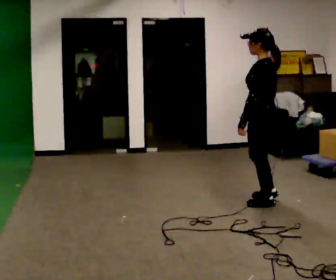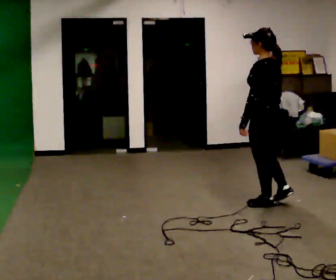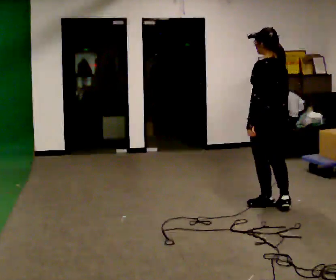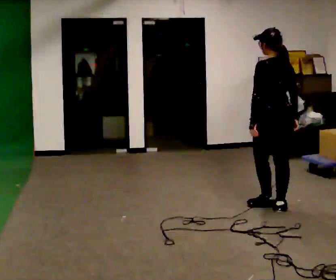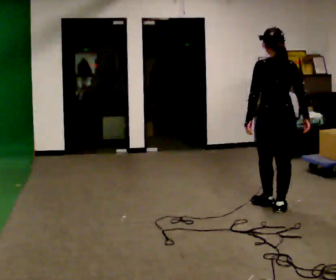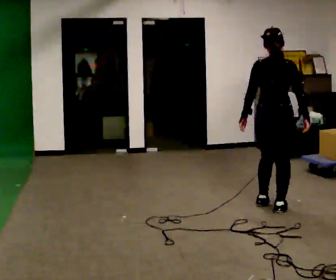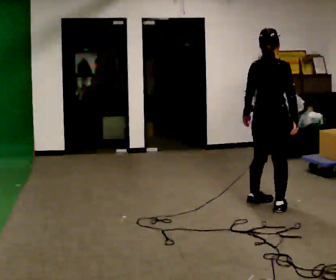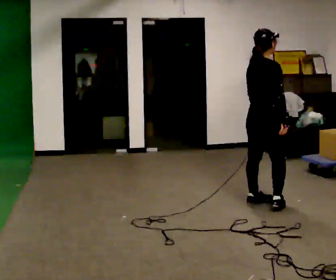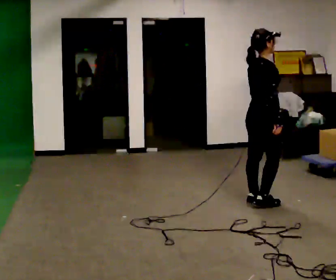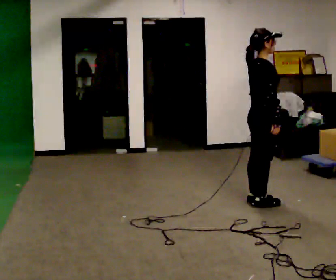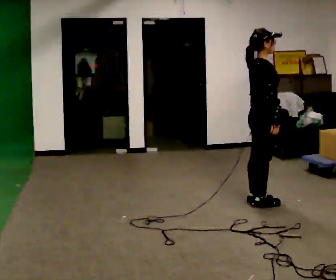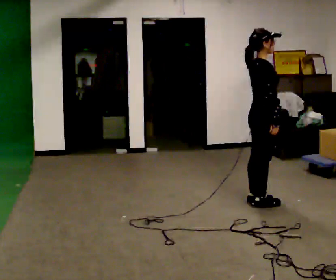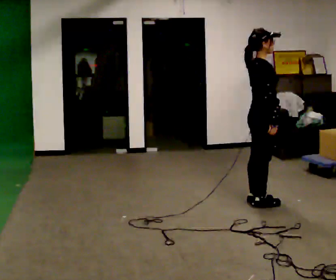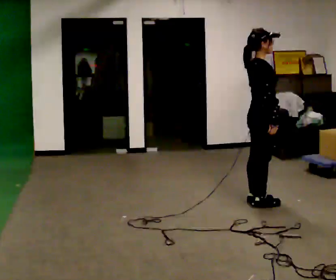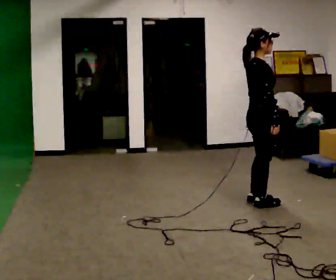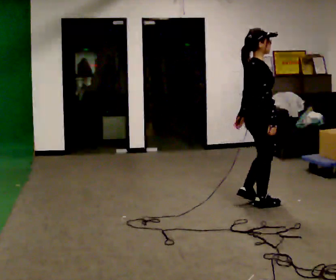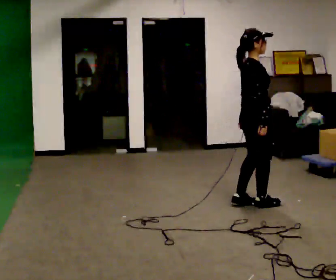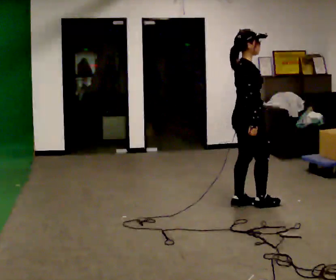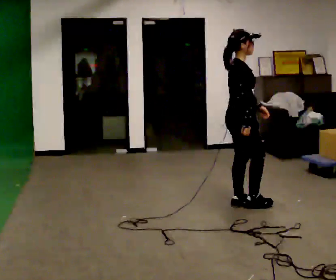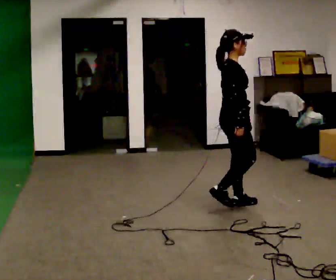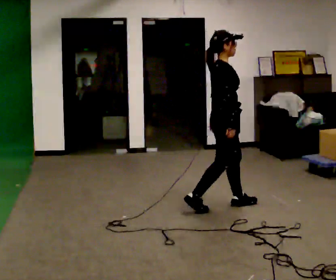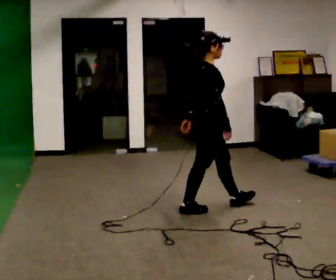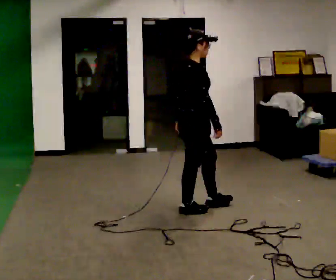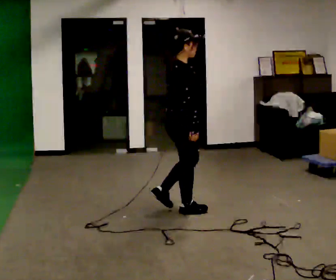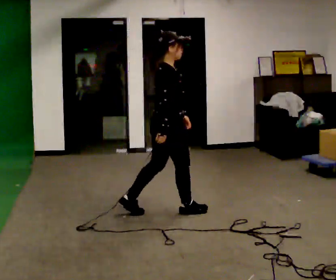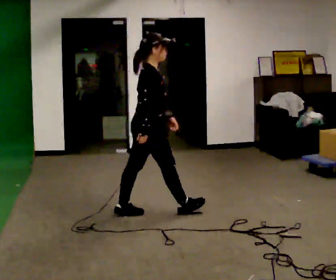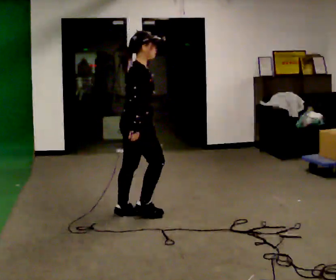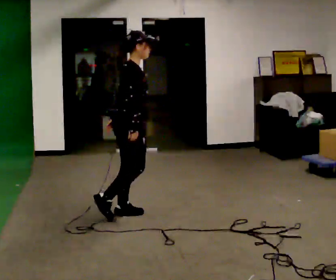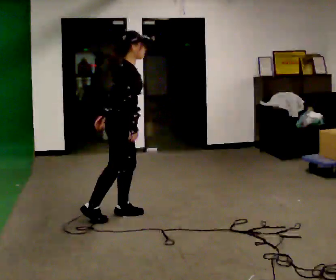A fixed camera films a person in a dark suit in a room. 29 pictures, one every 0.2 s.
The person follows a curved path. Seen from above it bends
counterclockwise.
The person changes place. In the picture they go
to the left.
0.0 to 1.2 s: Seen from above the body turns clockwise, about 105 degrees: to their right, with its near side sliding to the left.
1.2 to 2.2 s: The person turns about 45 degrees to their right, clockwise seen from above, so the part of the body nearest the lens slides to the left.
2.2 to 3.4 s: The person moves a little, or ends about where they began.
3.4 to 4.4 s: In the picture they go to the left and toward the camera, about 0.5 m in 2 steps, which for them is backward.
4.4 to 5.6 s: In the picture they go to the left, about 0.75 m in 1 step, which for them is backward.
The film runs backward here.
